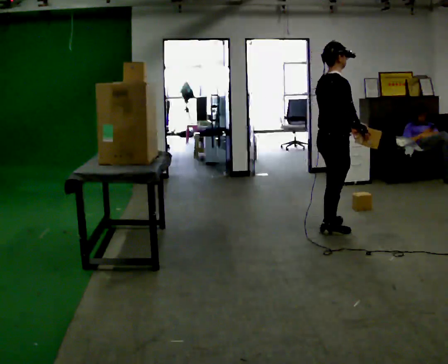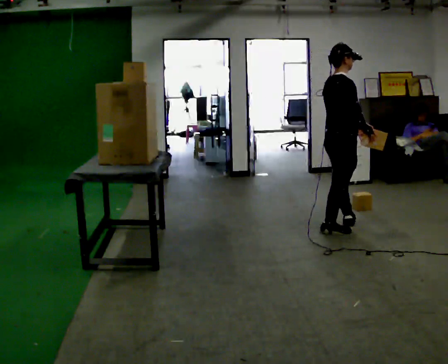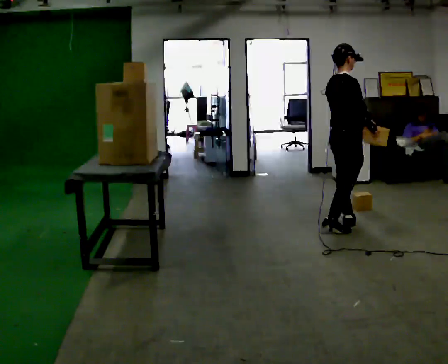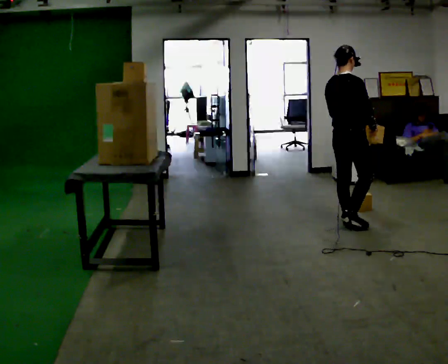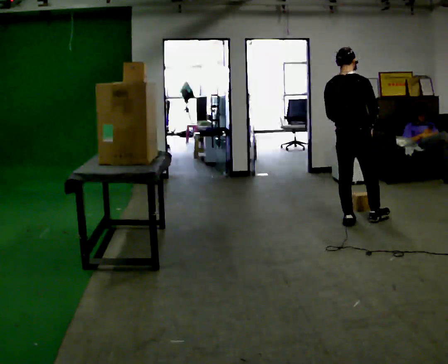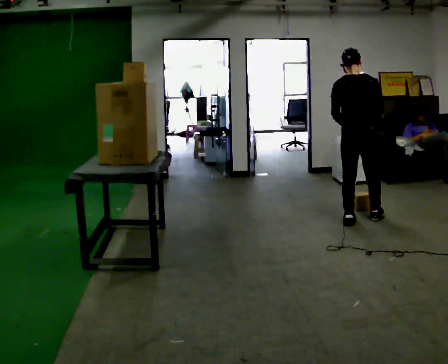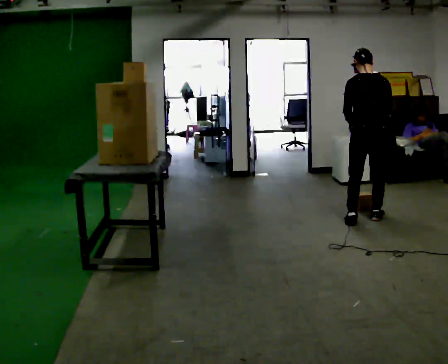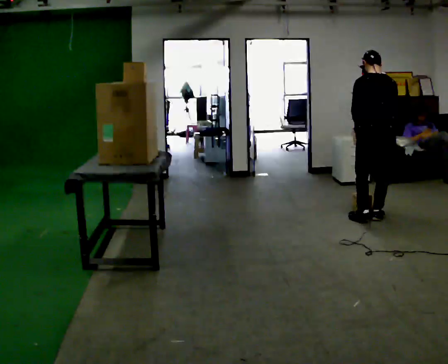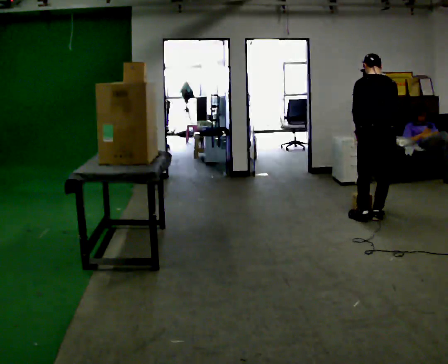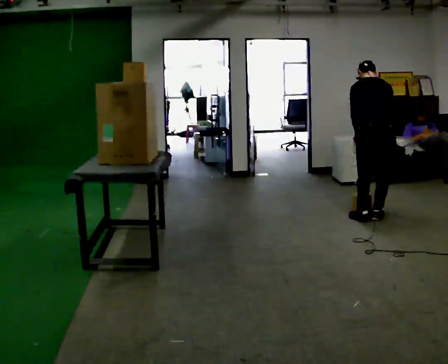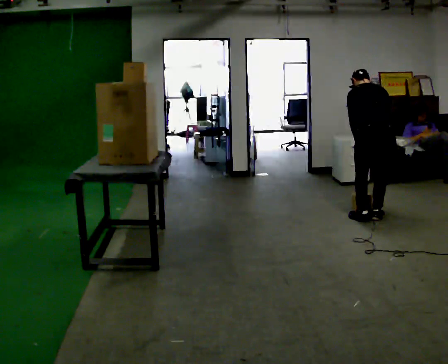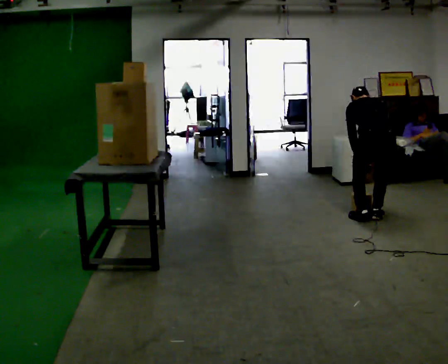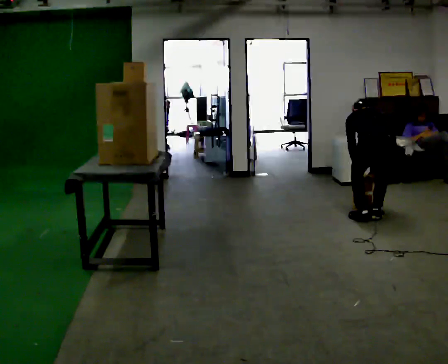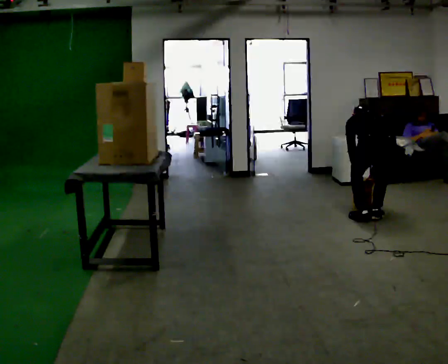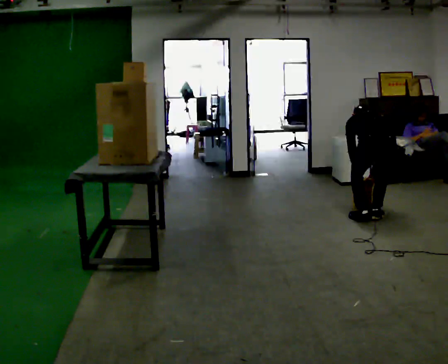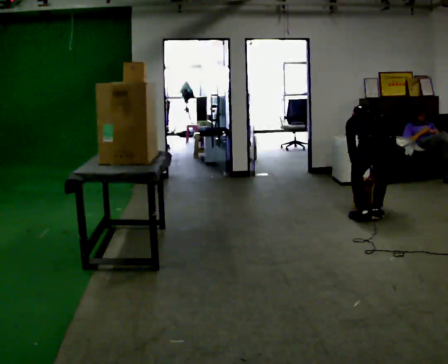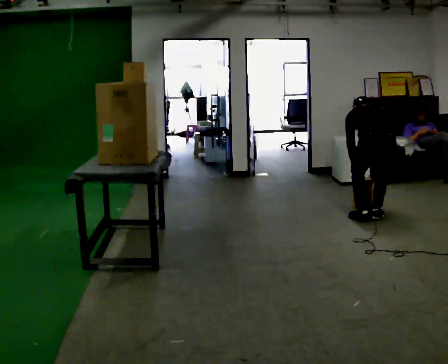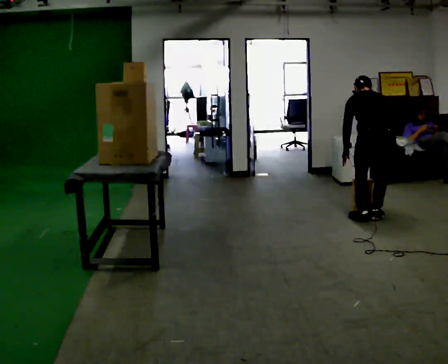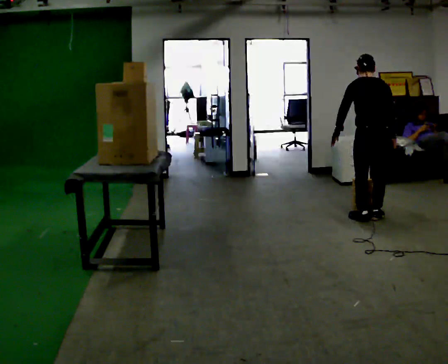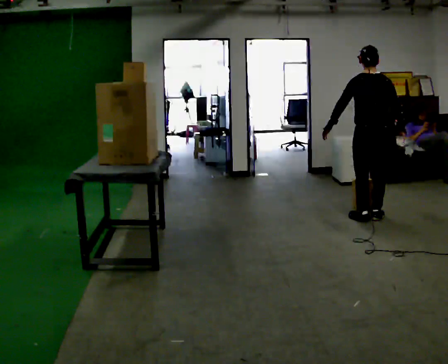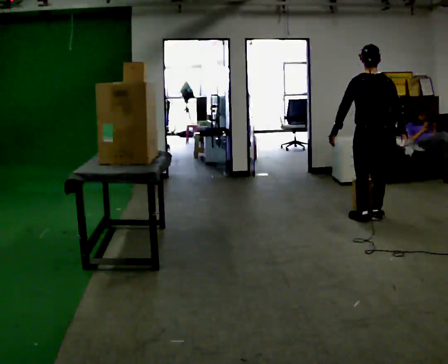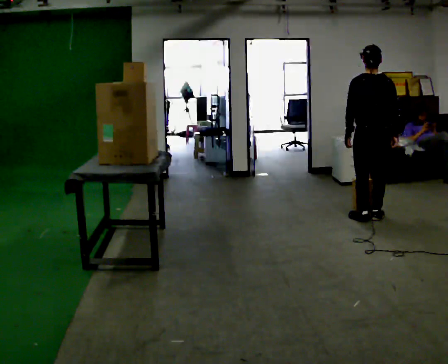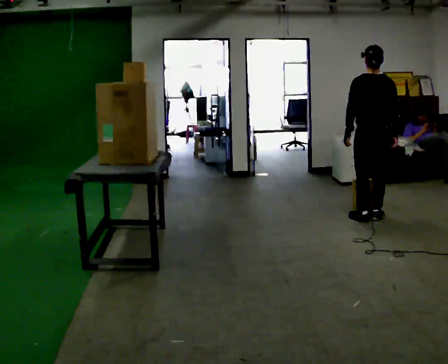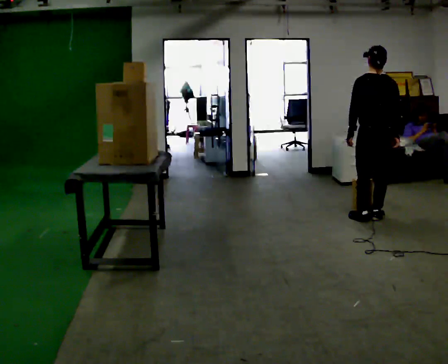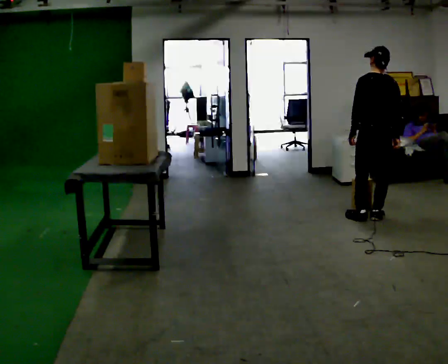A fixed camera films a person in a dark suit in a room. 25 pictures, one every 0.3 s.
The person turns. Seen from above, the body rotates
counterclockwise.
The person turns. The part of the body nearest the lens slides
to the right.
0.0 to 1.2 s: Seen from above the body turns counterclockwise, about 45 degrees: to their left, with its near side sliding to the right. In the picture they go away from the camera and to the right, about 0.25 m in 1 step, which for them is forward.
1.2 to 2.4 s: The part of the body nearest the lens slides to the right as the person turns to their left by about 30 degrees. In the picture they go to the right, about 0.25 m in 2 steps, which for them is to their right. The upper body tips away from the camera, its near side rolling upward, as they bend forward.
2.4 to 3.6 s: The upper body goes downward. The upper body tips away from the camera, its near side rolling upward, as they bend forward. In the picture their right hand goes downward.
3.6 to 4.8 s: The person moves a little, or ends about where they began.
4.8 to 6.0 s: The shoulders move upward. The upper body tips toward the camera, its near side rolling downward, as they lean back or straighten. In the picture their left hand goes upward.
6.0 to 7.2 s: The person moves a little, or ends about where they began.
The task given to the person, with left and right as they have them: Take an object from the lowest shelf, carry it across the room, and place it on the highest shelf you can comfortably reach. Keep going until the operator says stop; one object at a time, and do not rush between trips.
The film runs forward here.
